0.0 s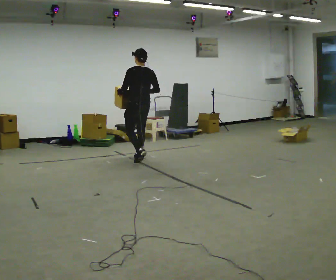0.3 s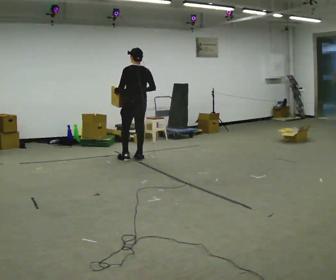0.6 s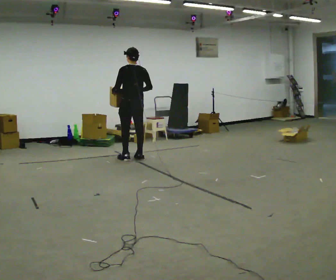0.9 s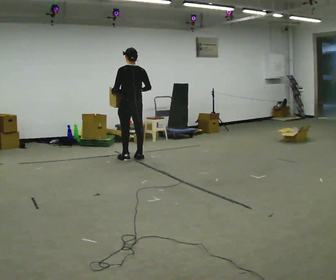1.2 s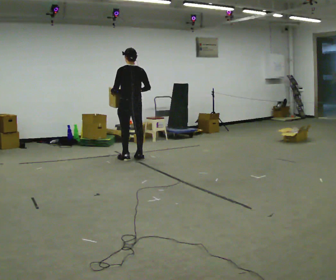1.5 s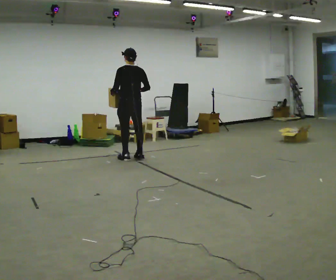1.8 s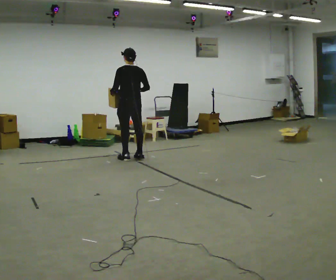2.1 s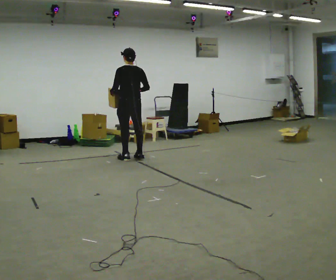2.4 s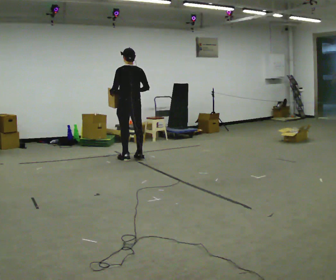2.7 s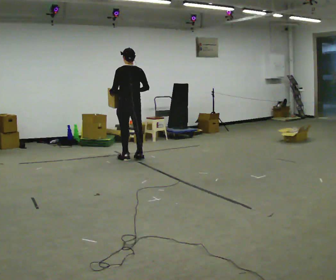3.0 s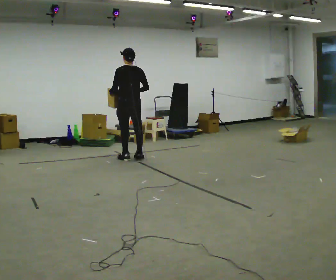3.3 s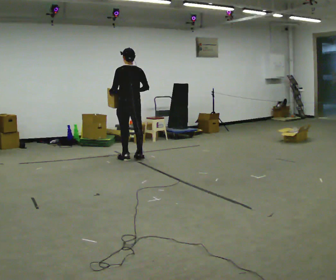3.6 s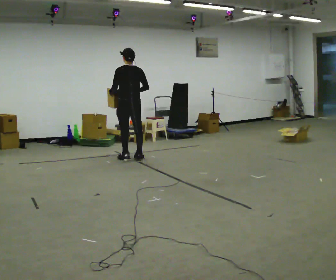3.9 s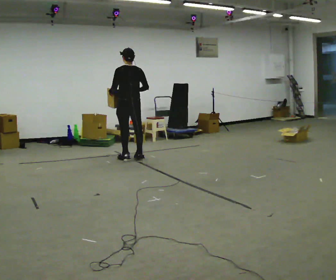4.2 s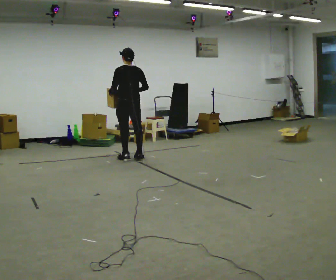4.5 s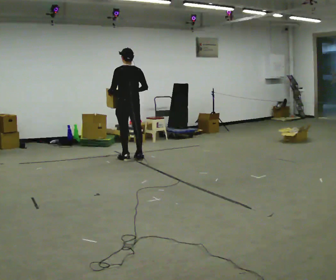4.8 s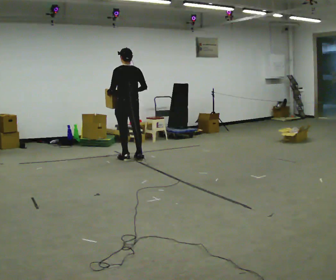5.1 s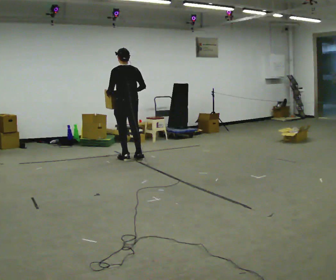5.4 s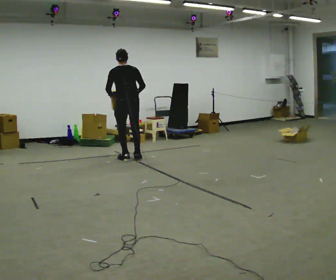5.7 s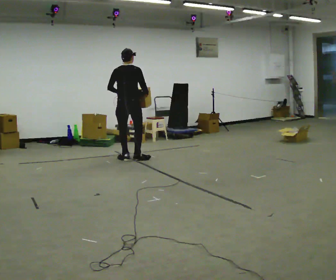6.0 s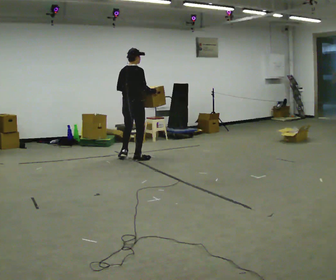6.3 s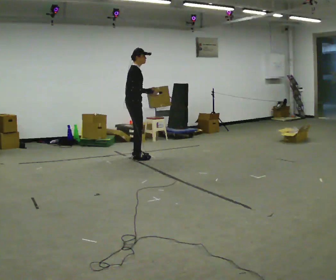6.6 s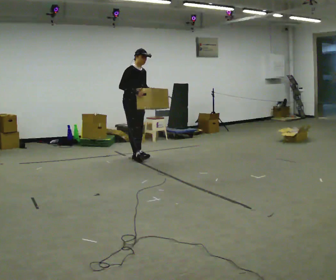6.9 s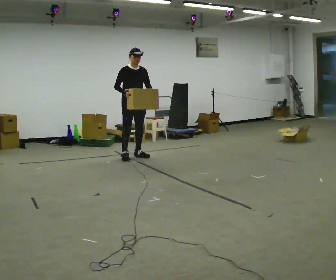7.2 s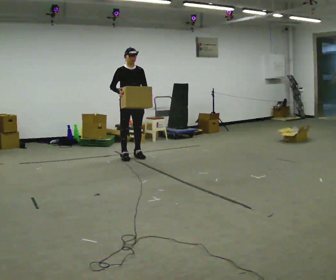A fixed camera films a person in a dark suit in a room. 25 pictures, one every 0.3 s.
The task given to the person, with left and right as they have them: Carry the box in both hands and walk back and forth across the room. The contents may move around. Carry on as best you can.
0.0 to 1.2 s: In the picture they go away from the camera, about 0.25 m in 1 step, which for them is forward.
1.2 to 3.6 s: The person keeps their place and pose.
3.6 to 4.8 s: The person moves a little, or ends about where they began.
4.8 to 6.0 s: Seen from above the body turns clockwise, about 90 degrees: to their right, with its near side sliding to the left. In the picture their left hand goes to the right.
6.0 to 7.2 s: The person turns about 105 degrees to their right, clockwise seen from above, so the part of the body nearest the lens slides to the left. In the picture their right hand goes to the left, the arm swinging clockwise.
The film runs forward here.
